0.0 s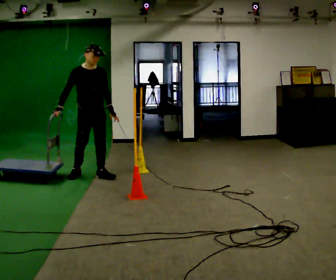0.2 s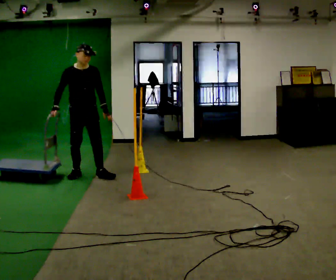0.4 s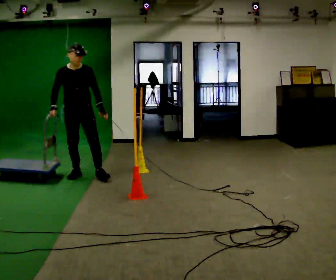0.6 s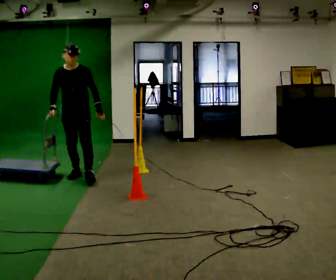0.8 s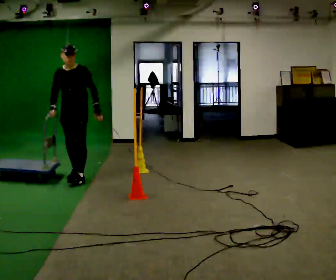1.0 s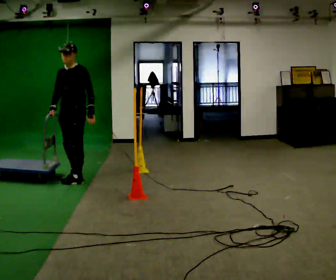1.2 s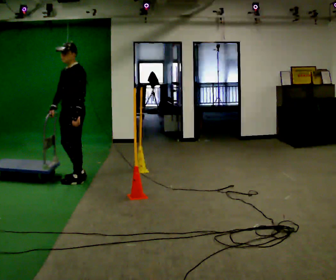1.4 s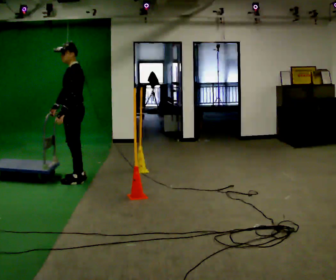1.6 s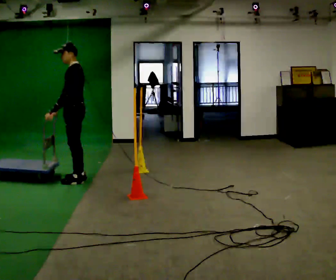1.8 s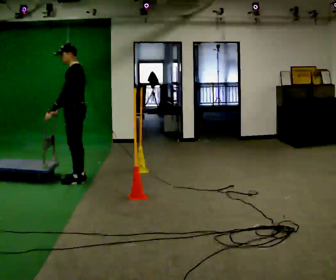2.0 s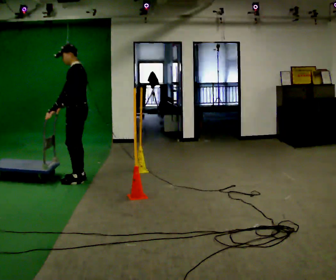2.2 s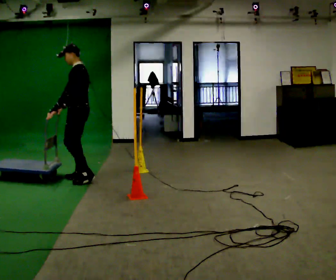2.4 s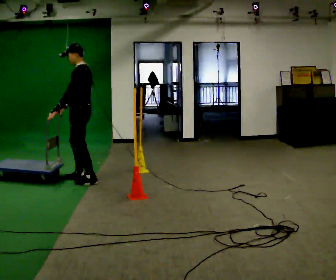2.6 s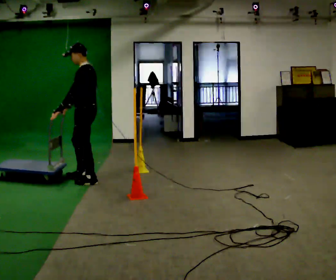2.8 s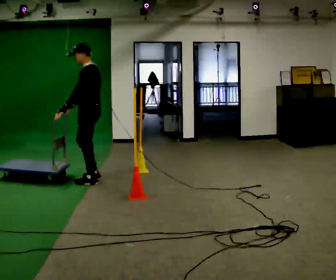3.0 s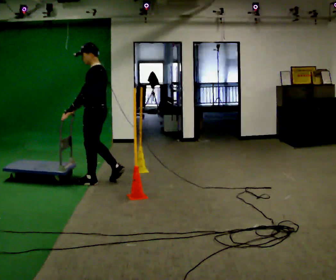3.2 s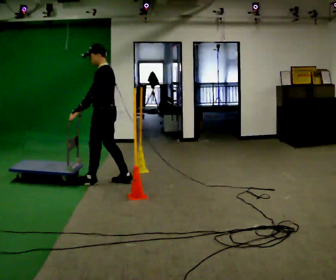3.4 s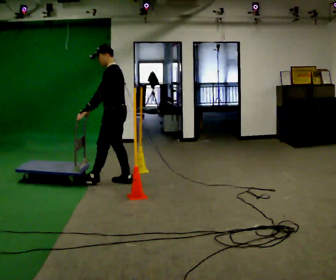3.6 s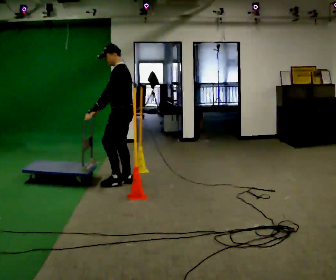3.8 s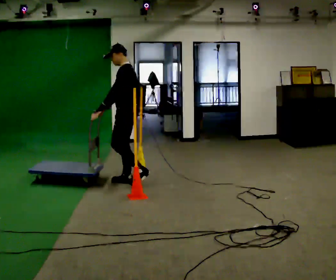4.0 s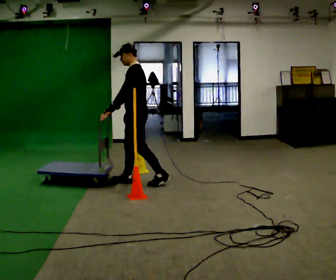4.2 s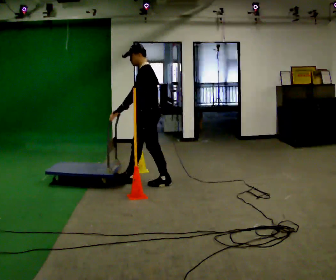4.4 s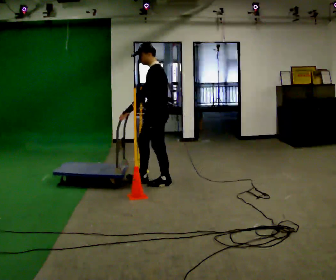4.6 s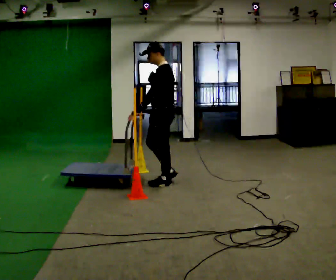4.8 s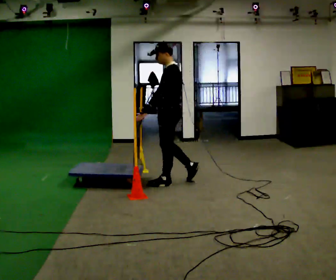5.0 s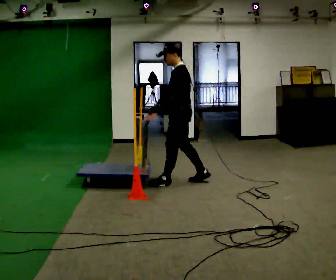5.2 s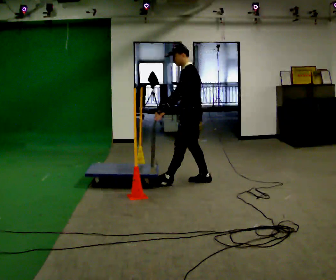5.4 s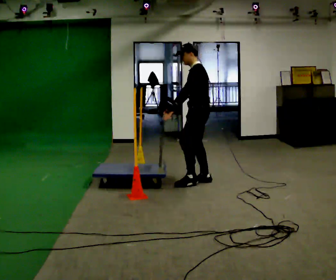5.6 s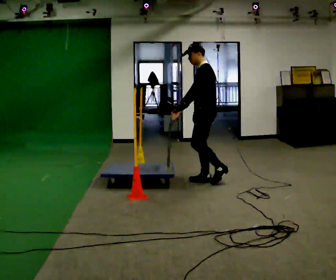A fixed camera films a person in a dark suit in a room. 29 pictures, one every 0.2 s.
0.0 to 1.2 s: The part of the body nearest the lens slides to the left as the person turns to their right by about 90 degrees. In the picture they go toward the camera and to the left, about 0.25 m in 2 steps. In the picture their left hand goes to the left.
1.2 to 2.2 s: The part of the body nearest the lens slides to the left as the person turns to their right by about 30 degrees.
2.2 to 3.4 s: In the picture they go to the right, about 0.5 m in 2 steps, which for them is backward.
3.4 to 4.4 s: In the picture they go to the right, about 0.5 m in 1 step, which for them is backward.
4.4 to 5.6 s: In the picture they go to the right, about 0.5 m in 1 step, which for them is backward.
The film runs backward here.
